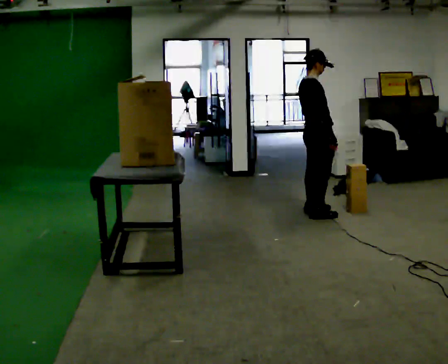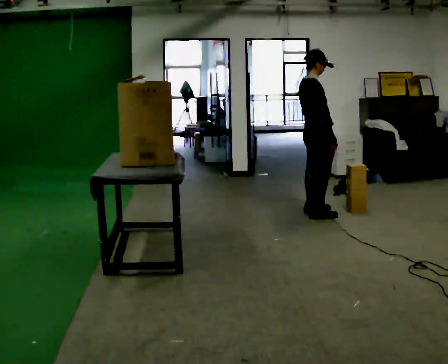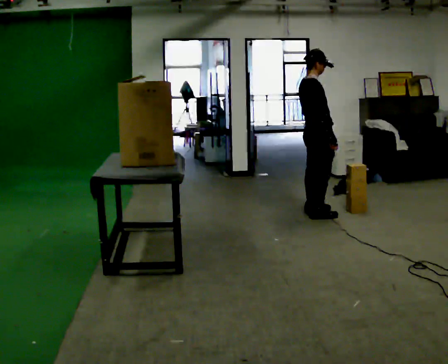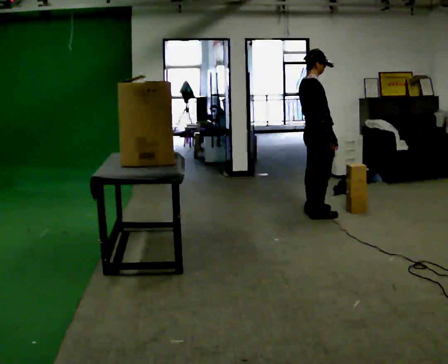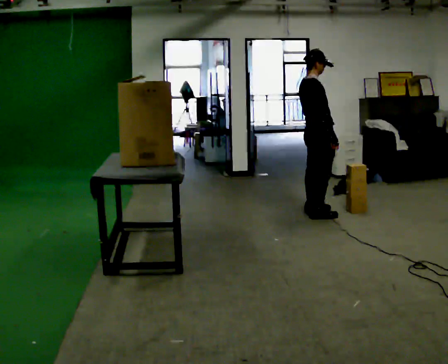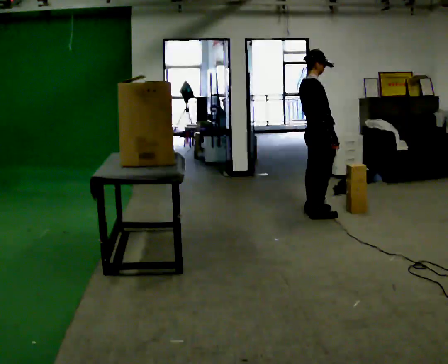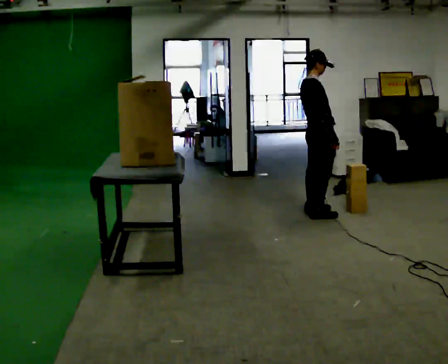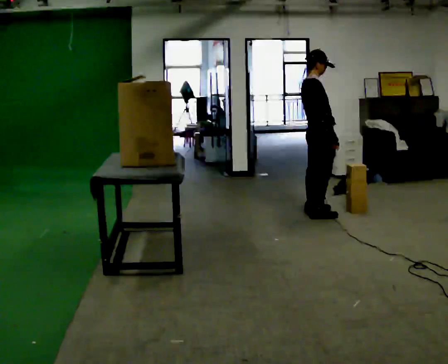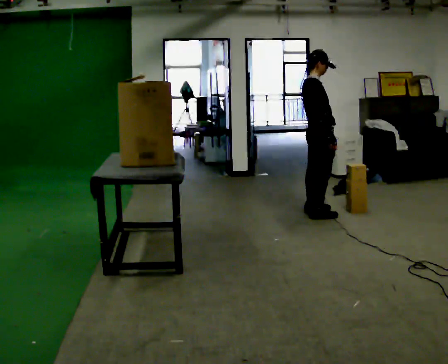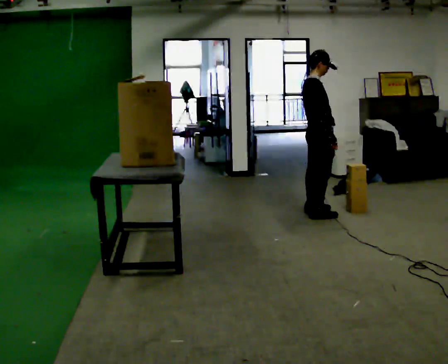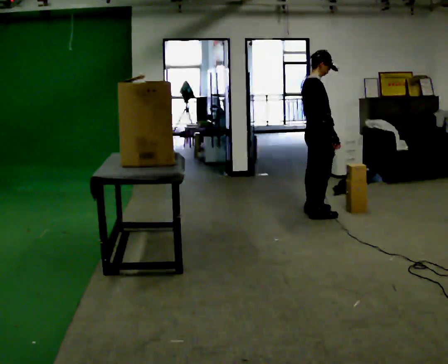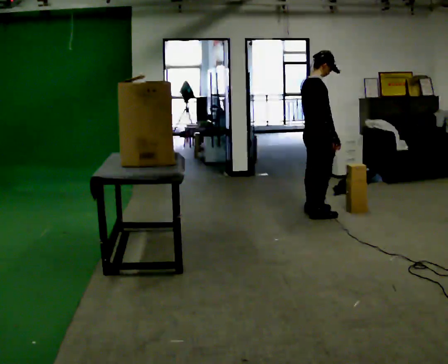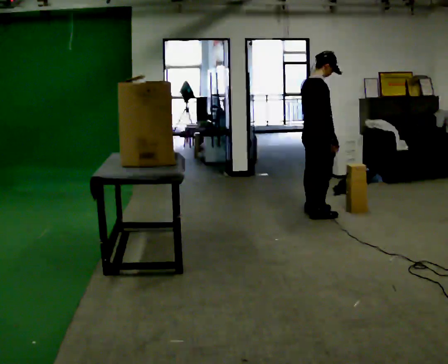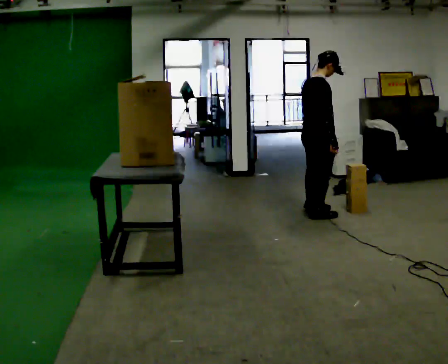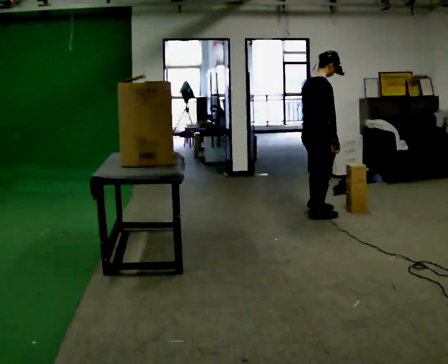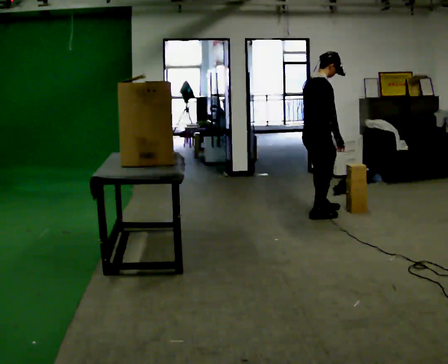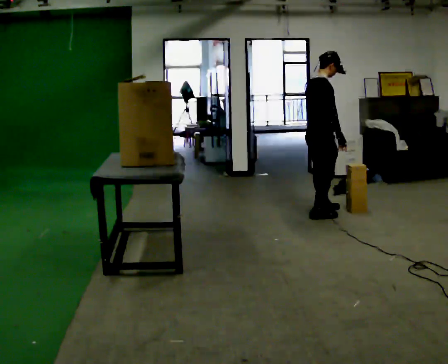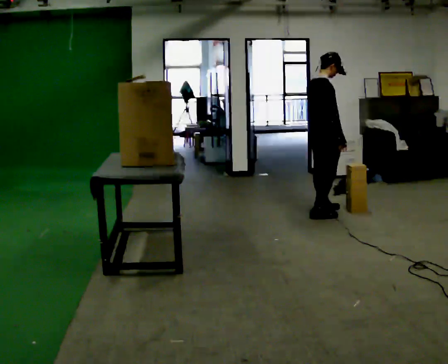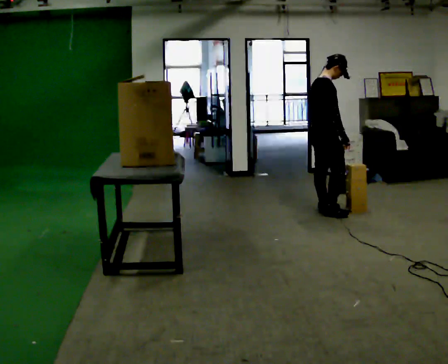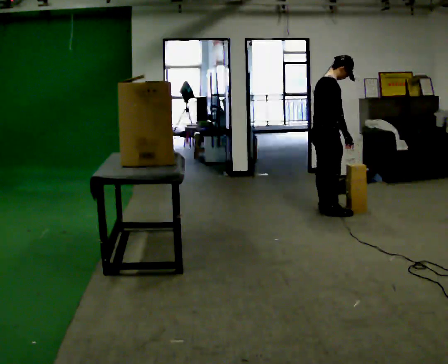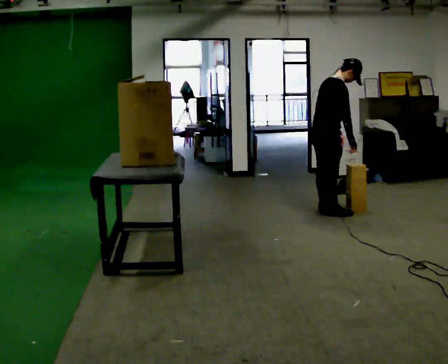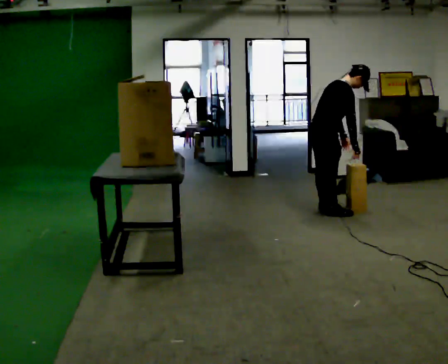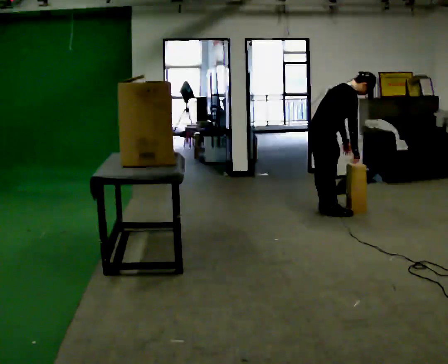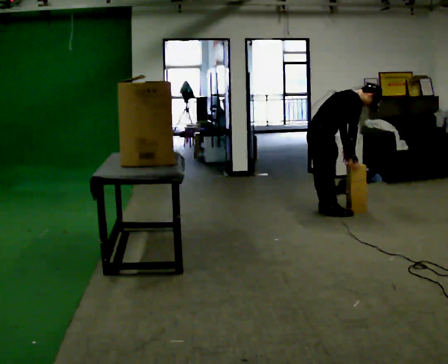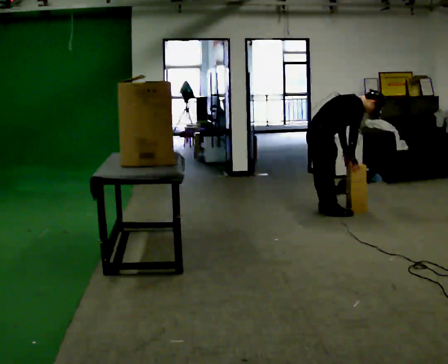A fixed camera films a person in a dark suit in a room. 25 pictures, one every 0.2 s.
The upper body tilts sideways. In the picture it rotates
clockwise.
0.0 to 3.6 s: The person moves a little, or ends about where they began.
3.6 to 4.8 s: The upper body goes downward. In the picture the upper body tilts clockwise, shoulders to the right, as they bend forward.
The film runs backward here.
